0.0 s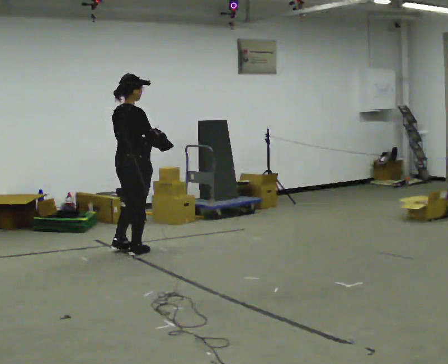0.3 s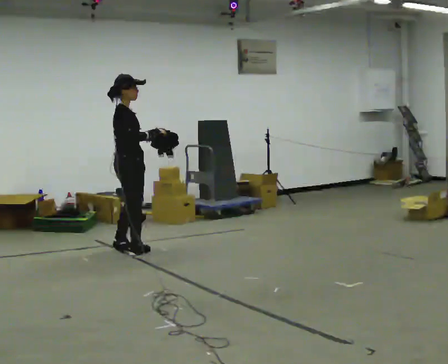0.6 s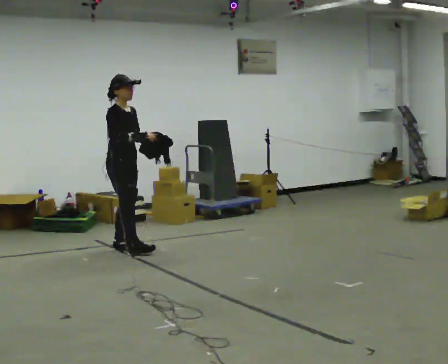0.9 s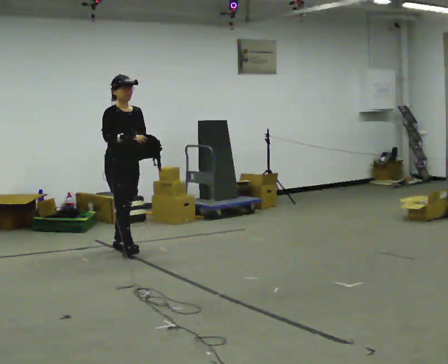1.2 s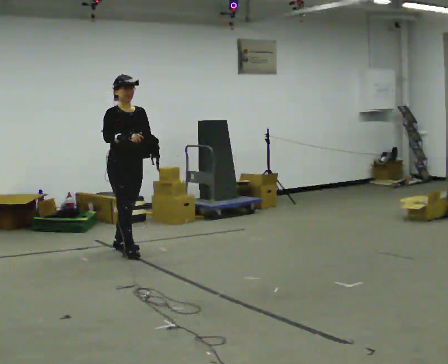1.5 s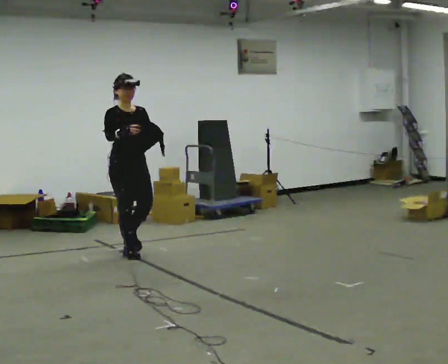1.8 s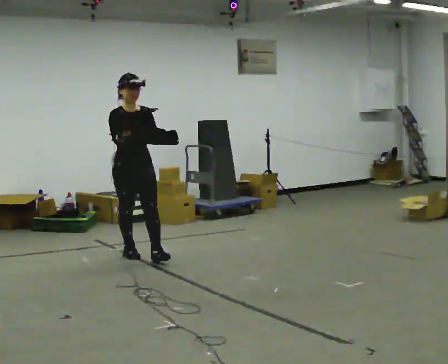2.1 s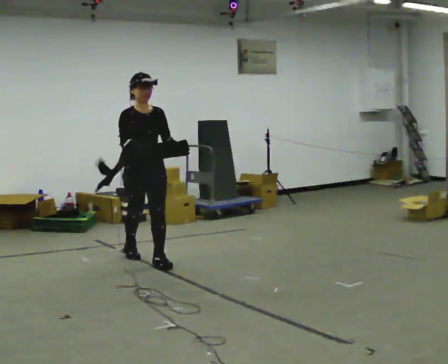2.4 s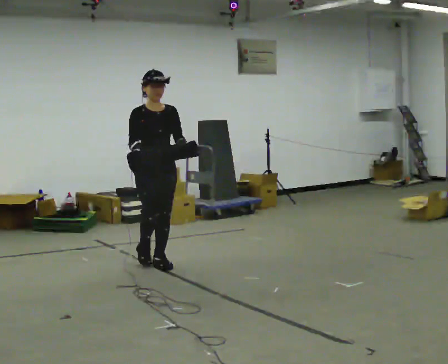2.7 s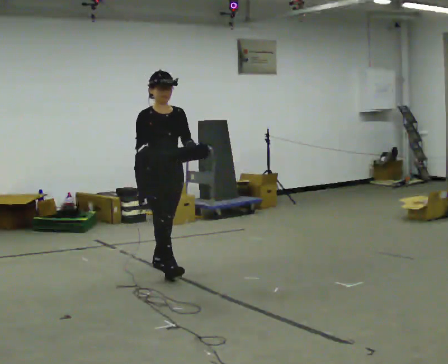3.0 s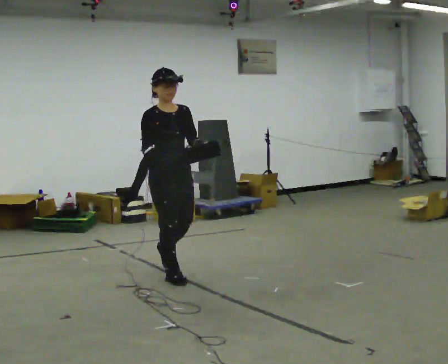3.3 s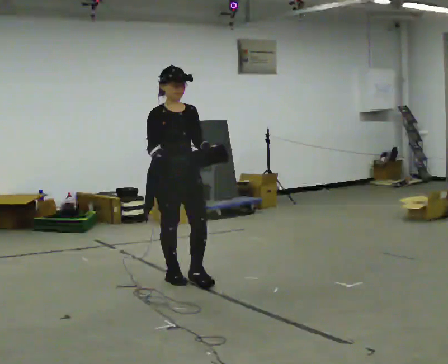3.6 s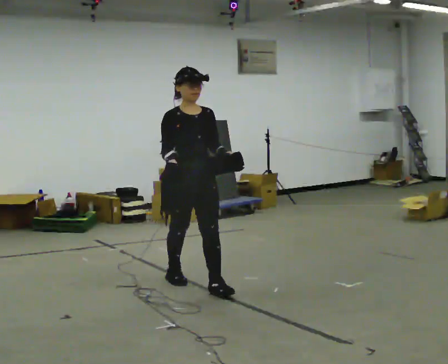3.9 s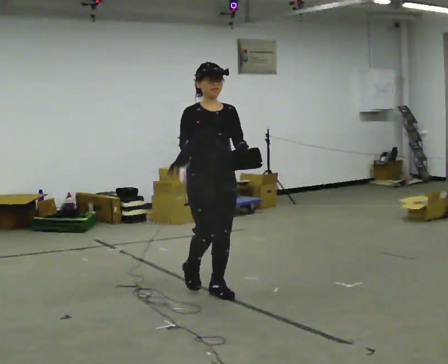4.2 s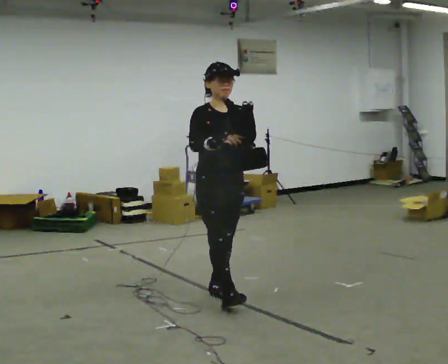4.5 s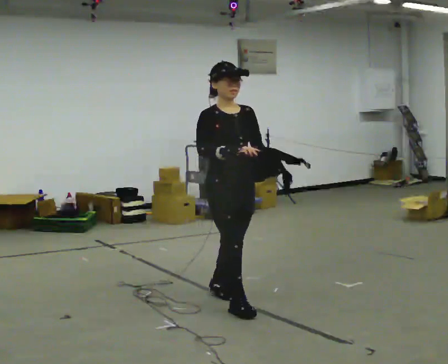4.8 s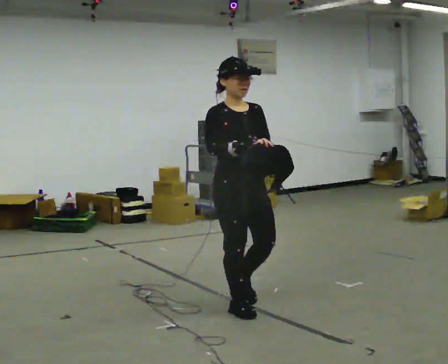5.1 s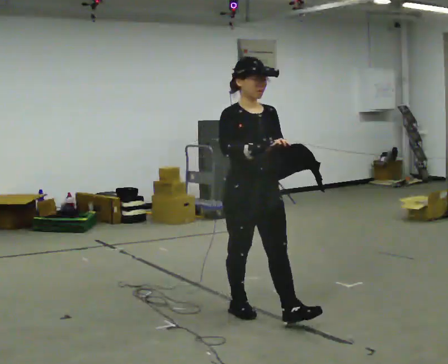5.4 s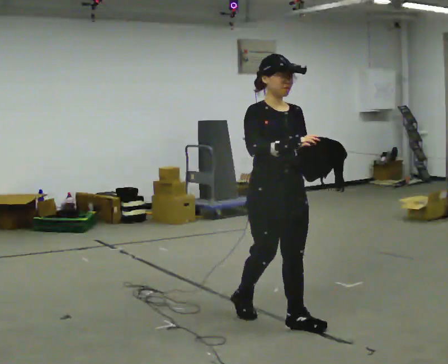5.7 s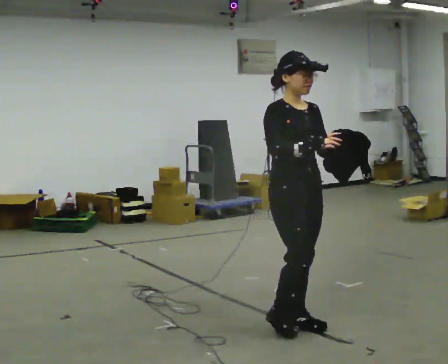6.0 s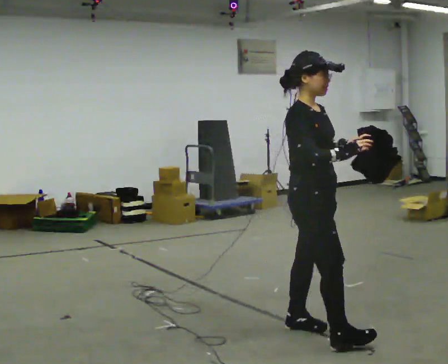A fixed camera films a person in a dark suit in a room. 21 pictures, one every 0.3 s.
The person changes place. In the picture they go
toward the camera.
0.0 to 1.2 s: Seen from above the body turns clockwise, about 90 degrees: to their right, with its near side sliding to the left.
1.2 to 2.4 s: In the picture they go toward the camera and to the right, about 0.5 m in 1 step, which for them is forward.
2.4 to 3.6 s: In the picture they go toward the camera and to the right, about 0.5 m in 2 steps, which for them is forward.
3.6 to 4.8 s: In the picture they go toward the camera and to the right, about 0.75 m in 1 step, which for them is forward.
4.8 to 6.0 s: Seen from above the body turns counterclockwise, about 30 degrees: to their left, with its near side sliding to the right. In the picture they go toward the camera and to the right, about 0.75 m in 1 step, which for them is forward.
The film runs forward here.
